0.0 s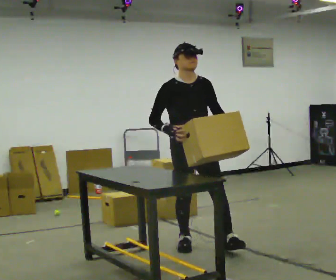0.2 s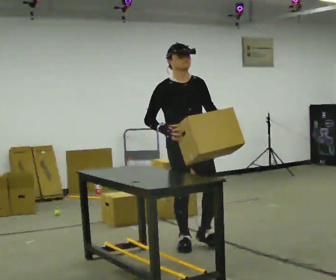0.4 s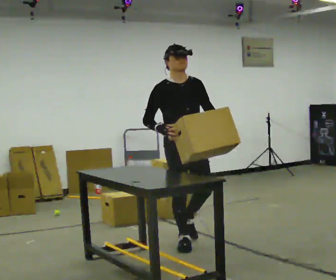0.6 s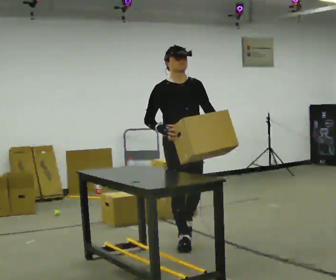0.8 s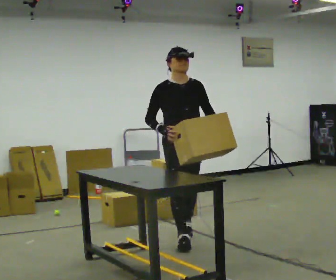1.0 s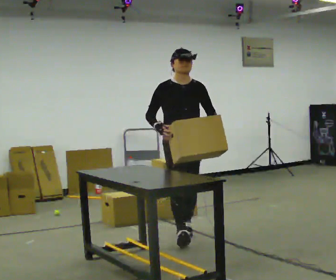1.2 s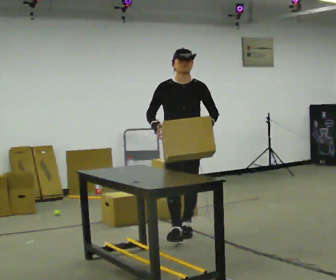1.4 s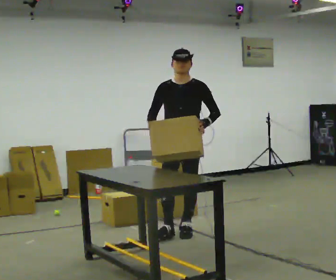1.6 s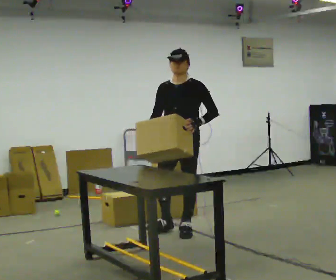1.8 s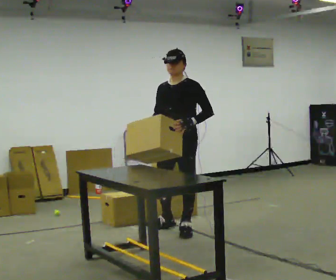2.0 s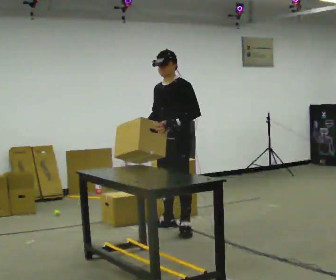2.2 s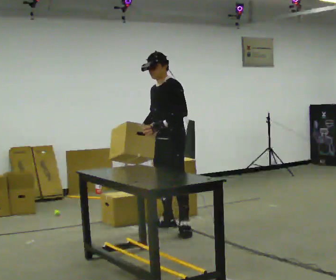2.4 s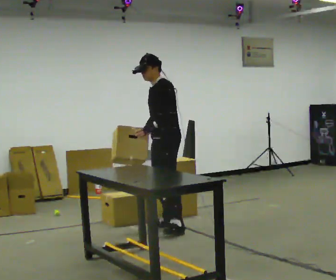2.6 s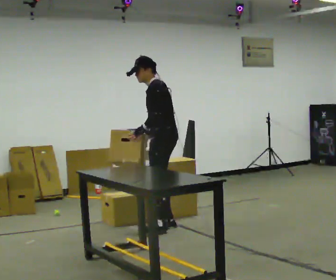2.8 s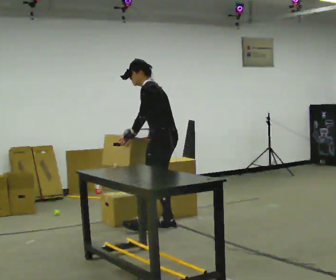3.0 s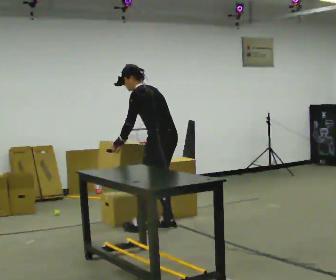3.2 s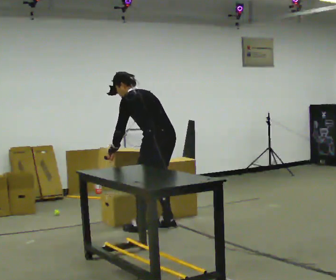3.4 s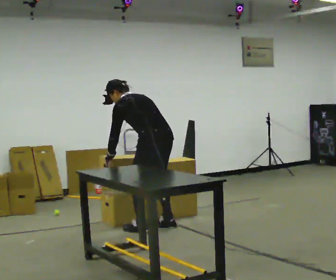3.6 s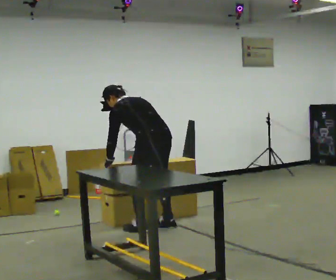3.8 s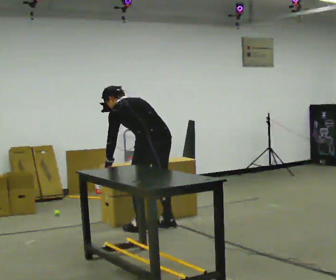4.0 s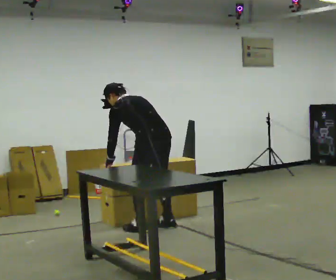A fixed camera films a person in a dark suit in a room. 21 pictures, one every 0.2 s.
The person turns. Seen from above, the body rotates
clockwise.
The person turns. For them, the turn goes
to their right.
0.0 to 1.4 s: In the picture they go away from the camera, about 0.5 m in 1 step, which for them is backward.
1.4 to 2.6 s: Seen from above the body turns clockwise, about 75 degrees: to their right, with its near side sliding to the left. In the picture they go away from the camera, about 0.25 m in 1 step.
2.6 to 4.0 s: The part of the body nearest the lens slides to the left as the person turns to their right by about 45 degrees. In the picture they go toward the camera, about 0.25 m, which for them is to their left. The upper body tips away from the camera, its near side rolling upward, as they bend forward. In the picture their left hand goes to the left and downward.
The film runs backward here.
